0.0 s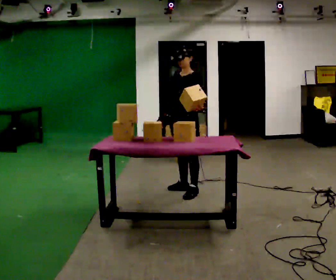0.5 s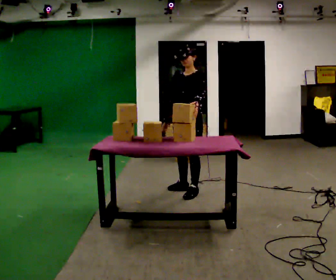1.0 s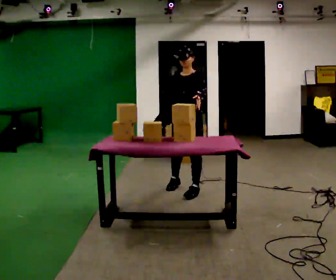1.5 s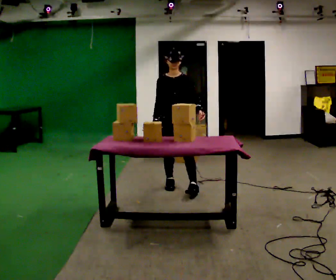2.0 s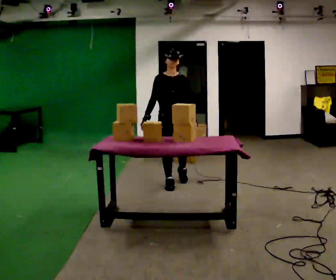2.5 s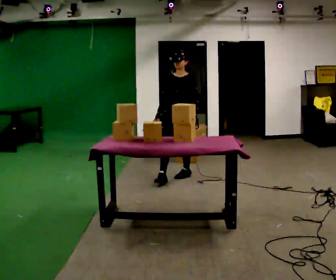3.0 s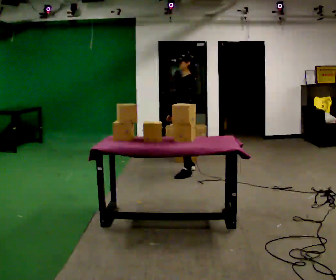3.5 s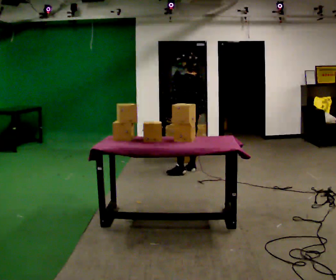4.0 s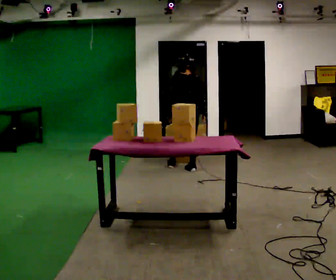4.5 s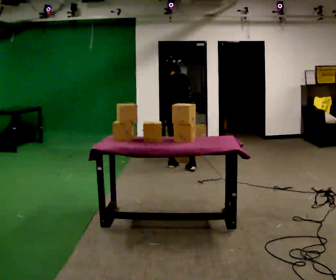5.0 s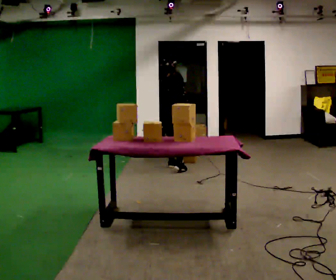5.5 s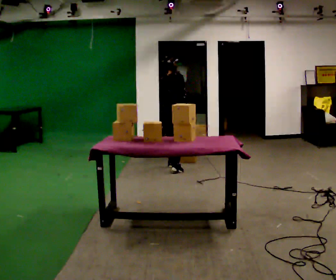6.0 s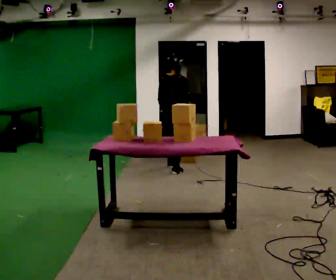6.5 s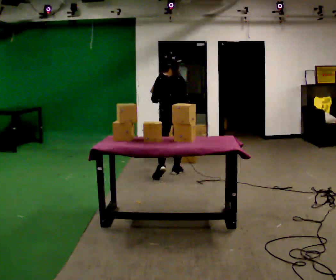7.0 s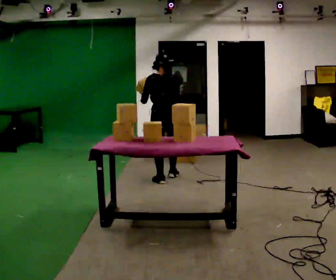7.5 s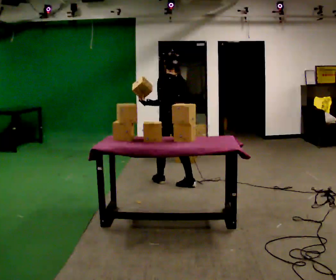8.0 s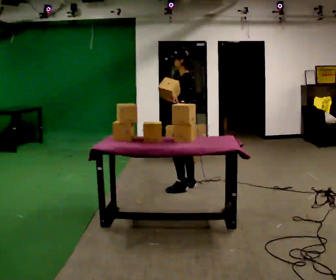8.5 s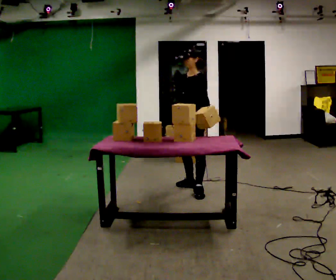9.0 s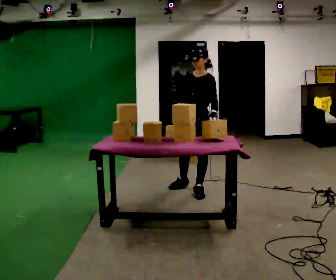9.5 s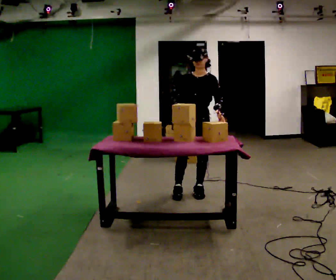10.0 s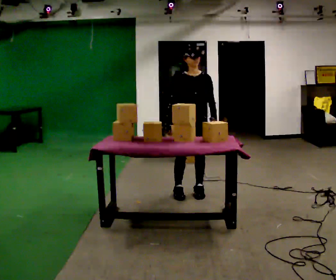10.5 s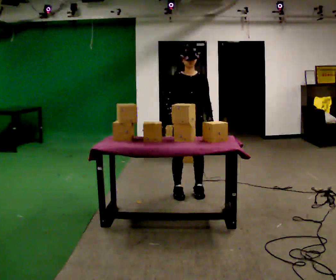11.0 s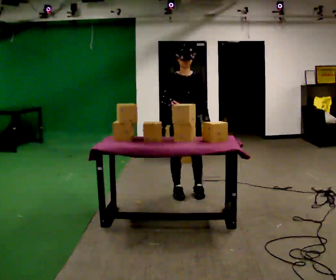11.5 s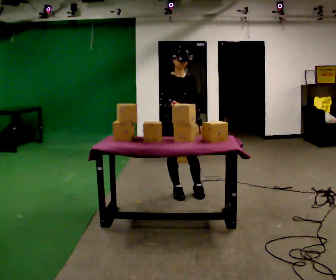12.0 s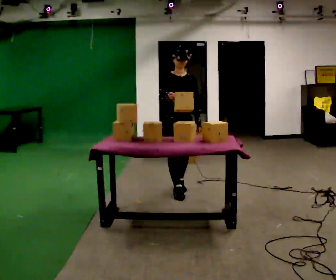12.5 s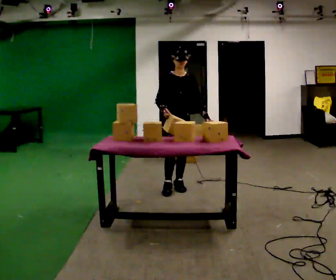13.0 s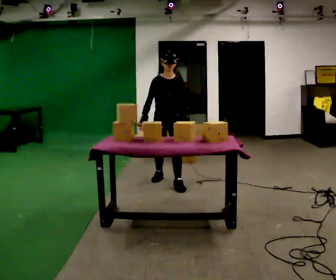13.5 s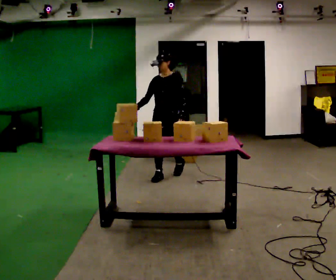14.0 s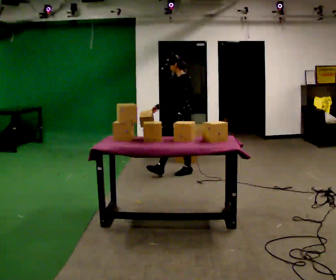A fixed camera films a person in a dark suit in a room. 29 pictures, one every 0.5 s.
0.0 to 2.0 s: The part of the body nearest the lens slides to the right as the person turns to their left by about 60 degrees. In the picture they go away from the camera and to the left, about 0.25 m in 2 steps, which for them is to their right.
2.0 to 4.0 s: The person turns about 180 degrees to their right, clockwise seen from above, so the part of the body nearest the lens slides to the left. In the picture they go away from the camera, about 1 m in 2 steps.
4.0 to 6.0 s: Seen from above the body turns clockwise, about 30 degrees: to their right, with its near side sliding to the left. In the picture they go to the left, about 0.25 m in 1 step, which for them is backward.
6.0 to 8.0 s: The part of the body nearest the lens slides to the right as the person turns to their left by about 105 degrees. In the picture they go toward the camera, about 1 m in 3 steps.
8.0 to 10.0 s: The part of the body nearest the lens slides to the right as the person turns to their left by about 105 degrees. In the picture they go toward the camera, about 0.25 m in 1 step.
10.0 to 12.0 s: In the picture they go to the left, about 0.25 m in 1 step, which for them is to their right and backward. In the picture their right hand goes upward.
12.0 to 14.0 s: The part of the body nearest the lens slides to the left as the person turns to their right by about 90 degrees. In the picture they go away from the camera, about 1 m in 3 steps.
The film runs backward here.
